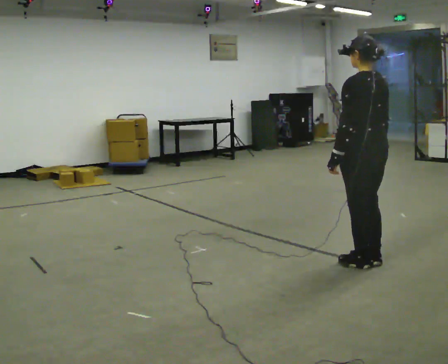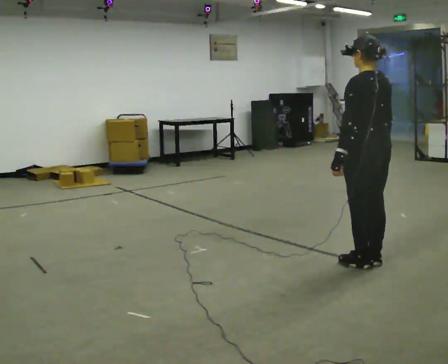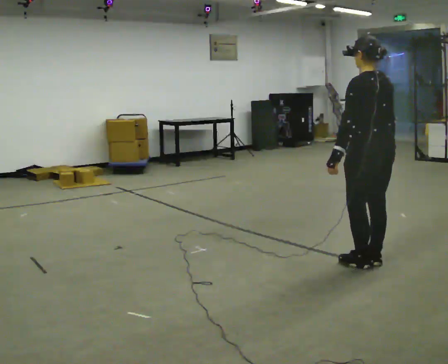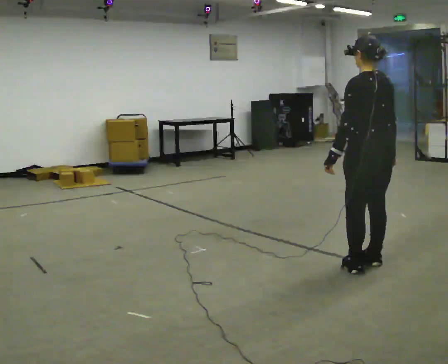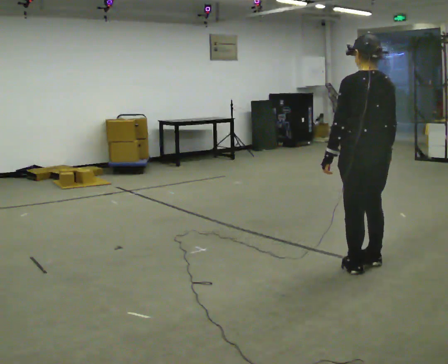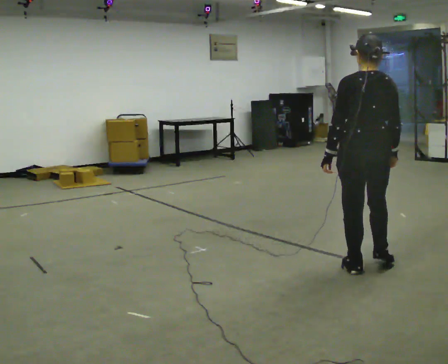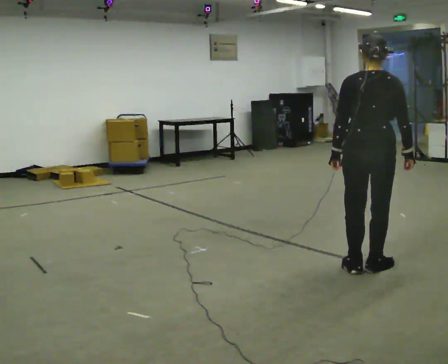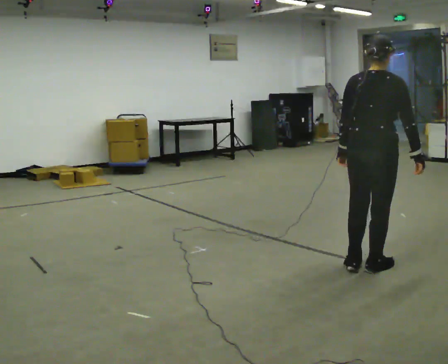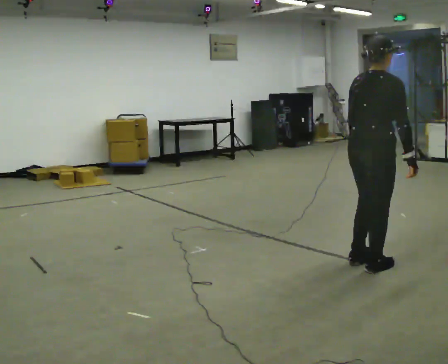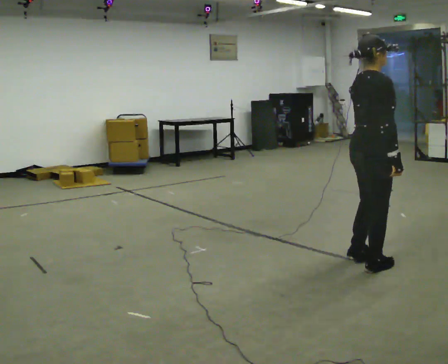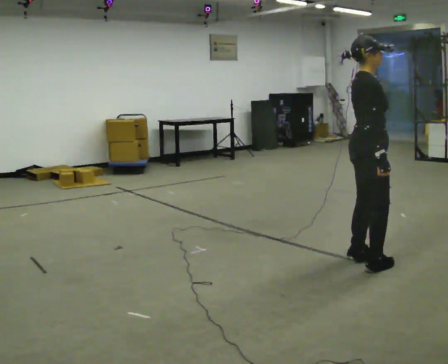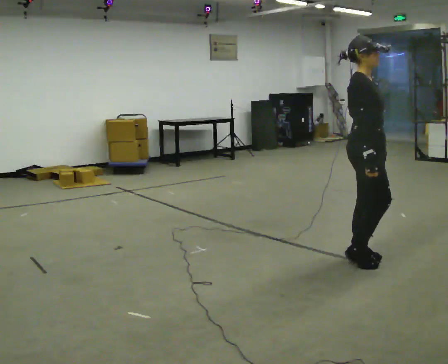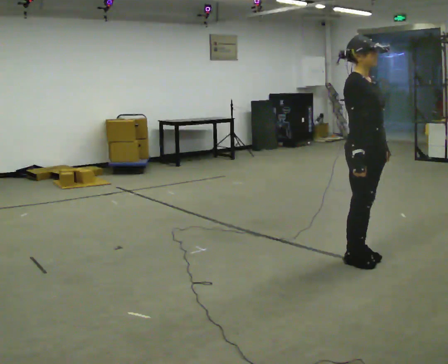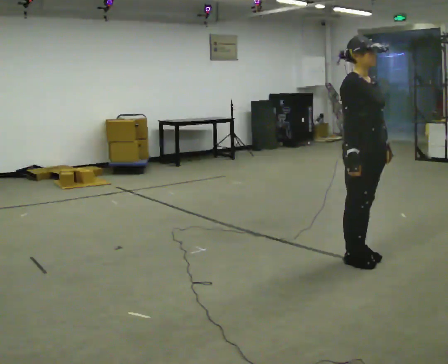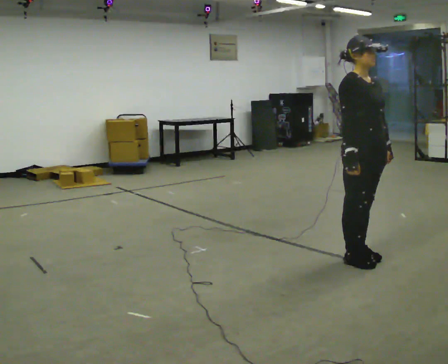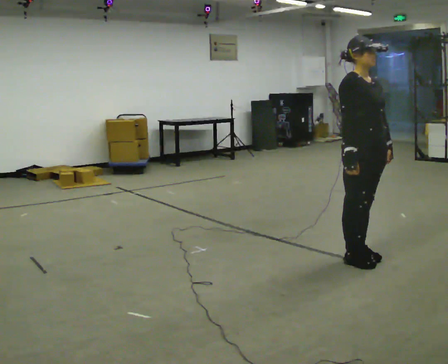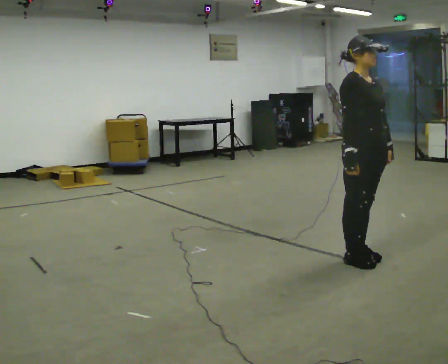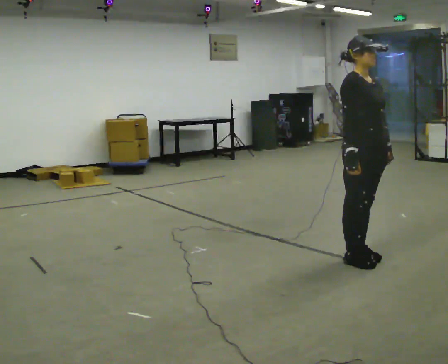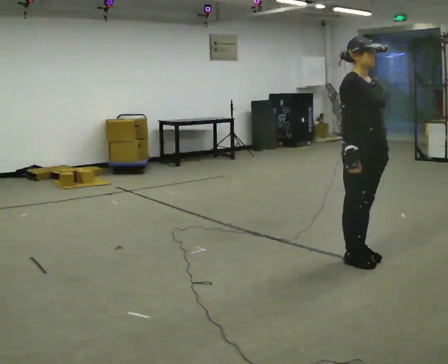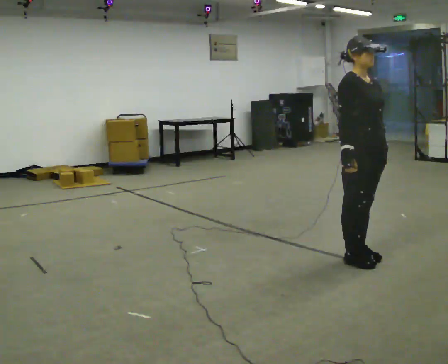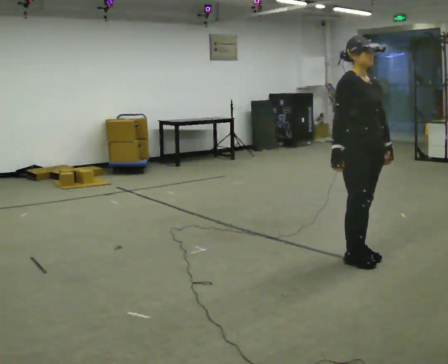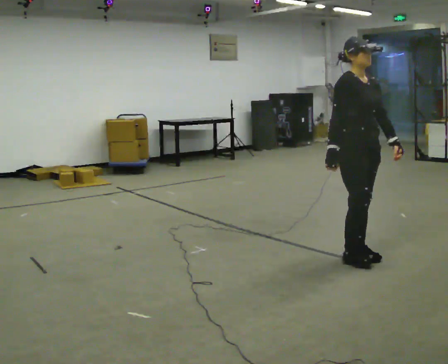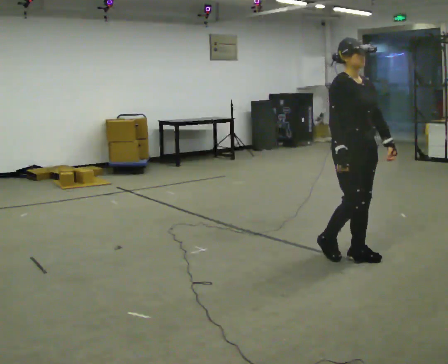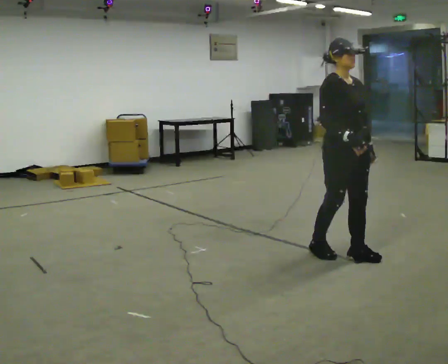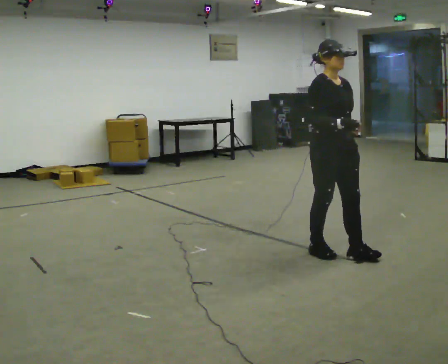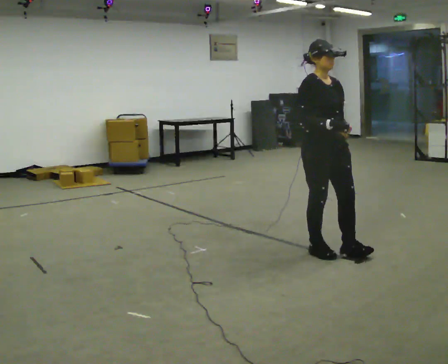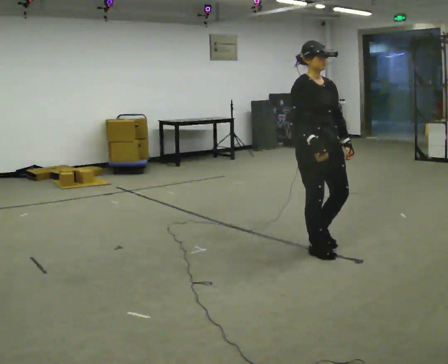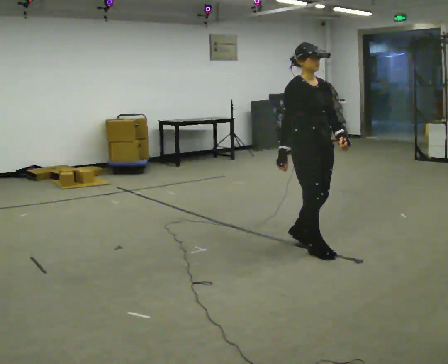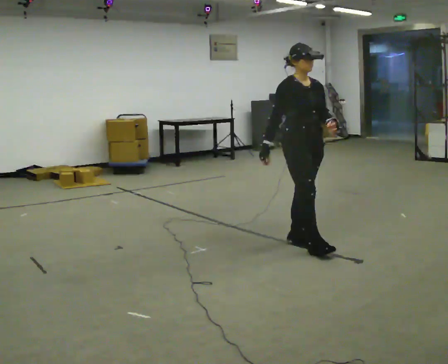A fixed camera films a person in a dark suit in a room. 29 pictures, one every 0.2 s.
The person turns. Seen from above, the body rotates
clockwise.
The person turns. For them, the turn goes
to their right.
0.0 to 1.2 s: The part of the body nearest the lens slides to the left as the person turns to their right by about 45 degrees.
1.2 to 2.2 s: Seen from above the body turns clockwise, about 105 degrees: to their right, with its near side sliding to the left. In the picture they go away from the camera, about 0.25 m in 2 steps. In the picture their left hand goes to the right.
2.2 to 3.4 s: The person turns about 30 degrees to their right, clockwise seen from above, so the part of the body nearest the lens slides to the left.
3.4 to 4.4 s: The person moves a little, or ends about where they began.
4.4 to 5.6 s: In the picture they go to the left and away from the camera, about 0.5 m in 1 step, which for them is backward.
The film runs backward here.
